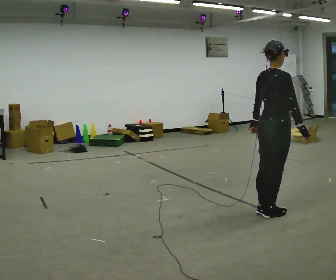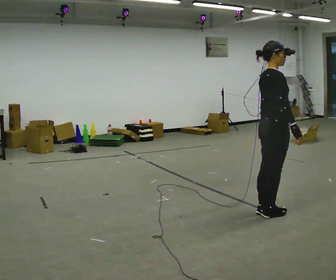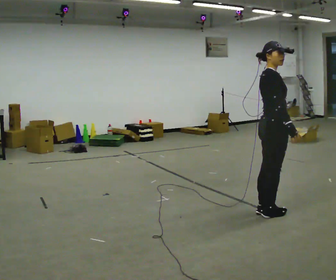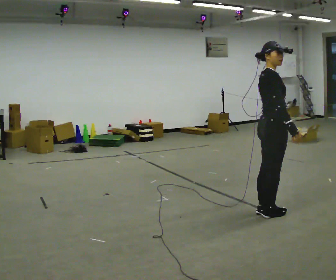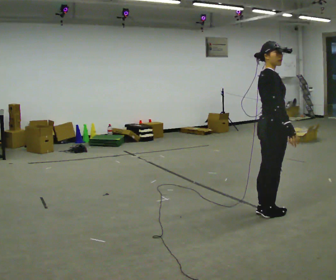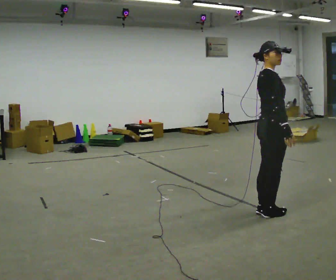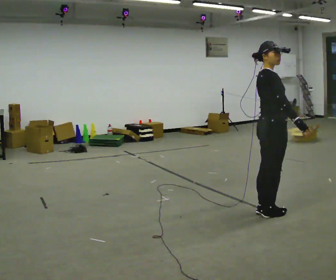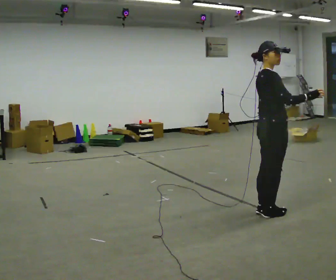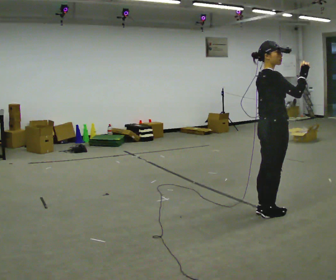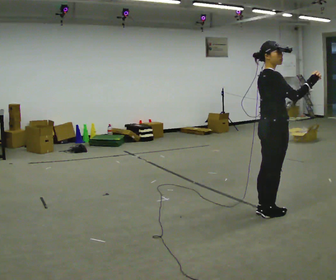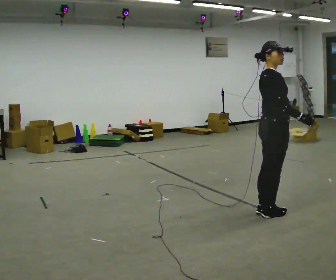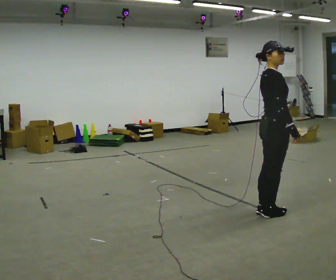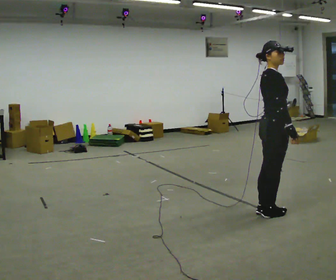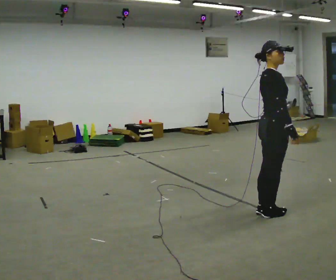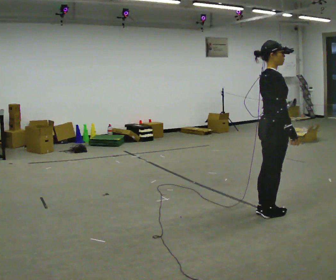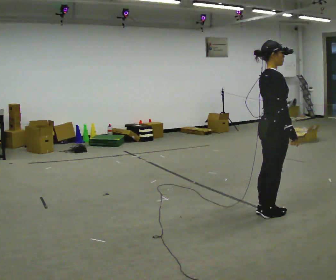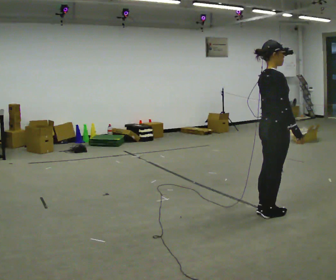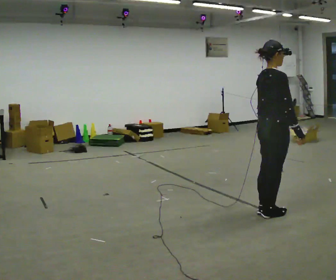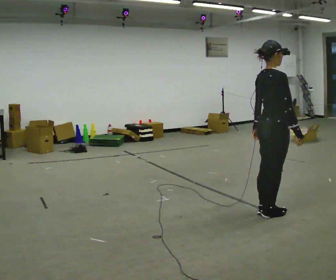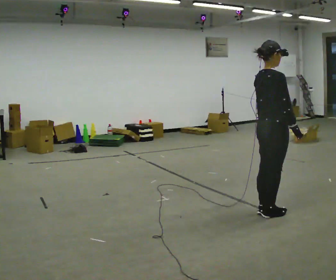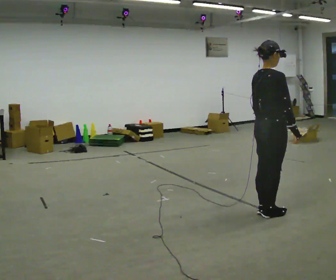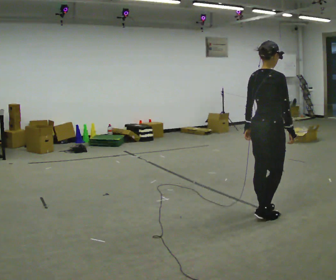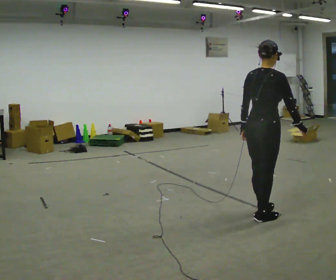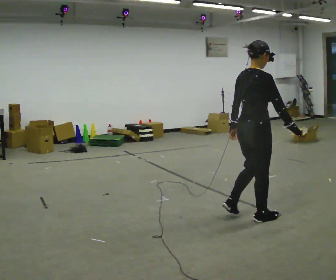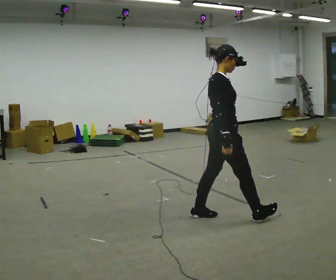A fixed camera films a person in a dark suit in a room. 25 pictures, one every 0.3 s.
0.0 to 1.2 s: The person turns about 30 degrees to their right, clockwise seen from above, so the part of the body nearest the lens slides to the left.
1.2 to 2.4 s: In the picture their right hand goes upward, the arm swinging counterclockwise.
2.4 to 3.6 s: In the picture their right hand goes downward, the arm swinging clockwise.
3.6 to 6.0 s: The person moves a little, or ends about where they began.
6.0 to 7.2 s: In the picture they go to the left, about 0.25 m in 2 steps, which for them is backward and to their left.
The film runs backward here.
